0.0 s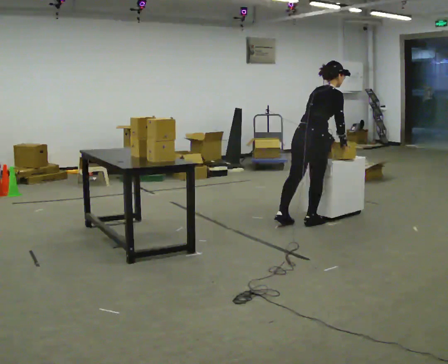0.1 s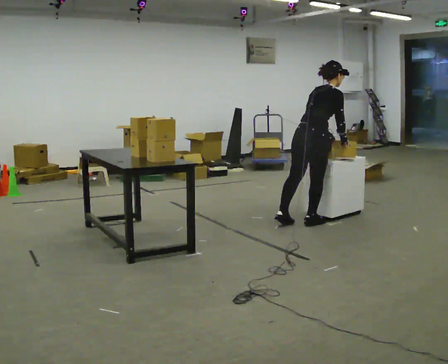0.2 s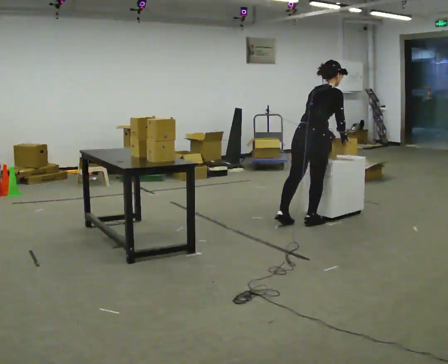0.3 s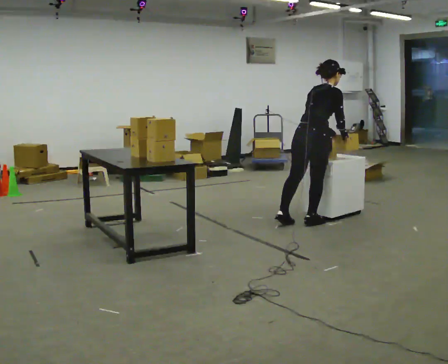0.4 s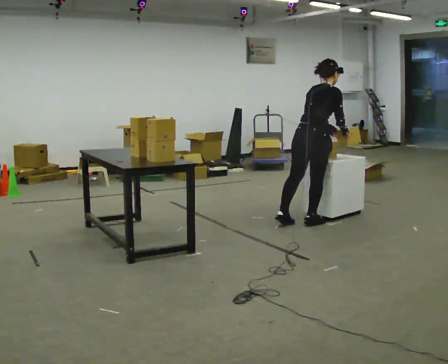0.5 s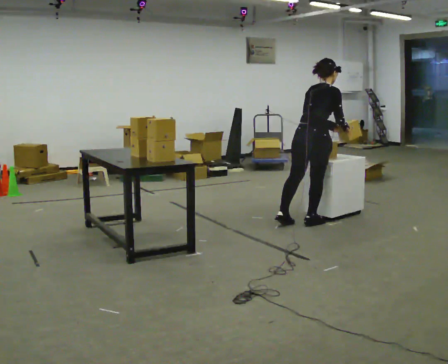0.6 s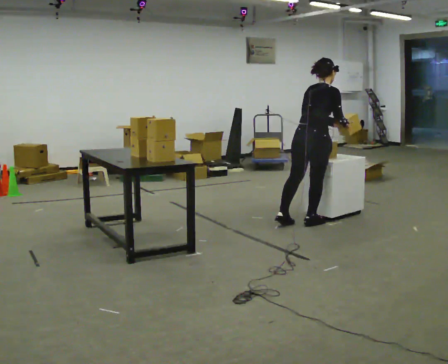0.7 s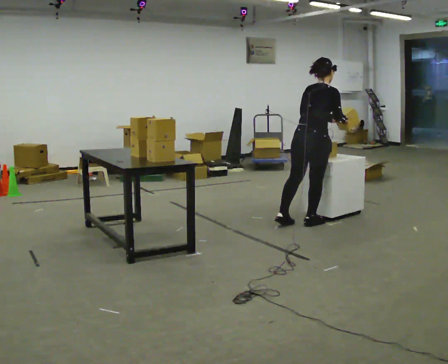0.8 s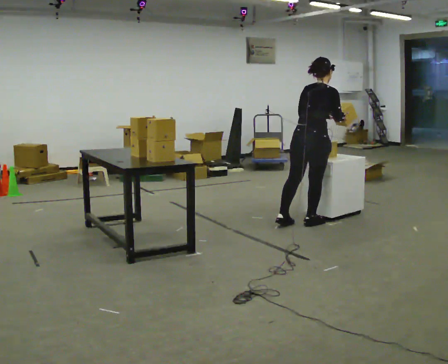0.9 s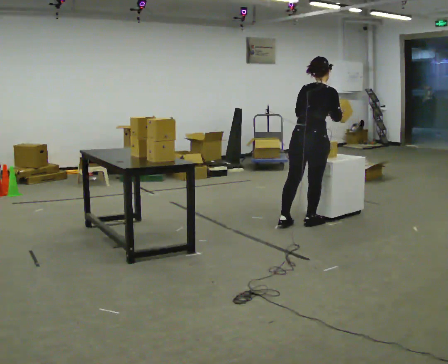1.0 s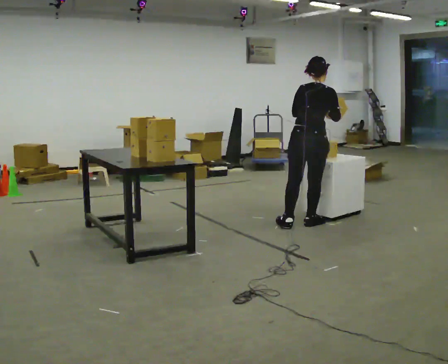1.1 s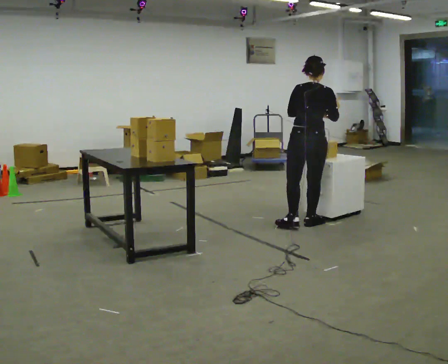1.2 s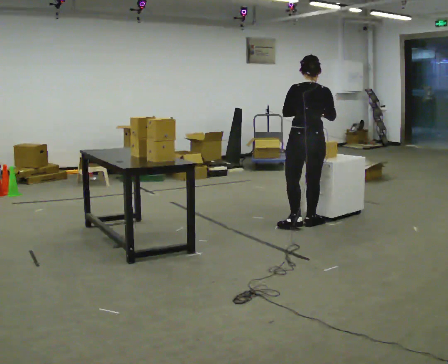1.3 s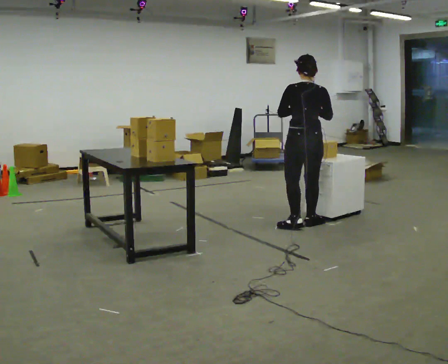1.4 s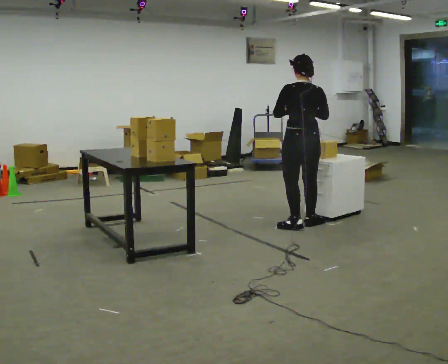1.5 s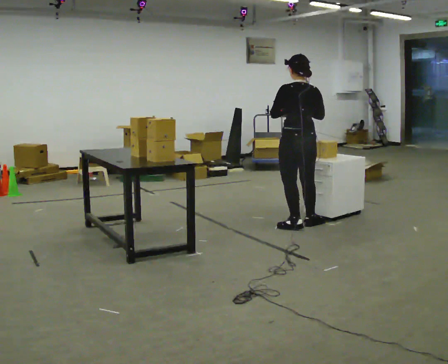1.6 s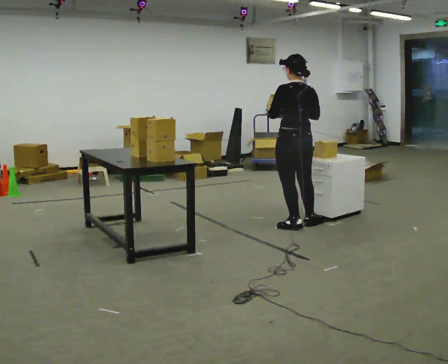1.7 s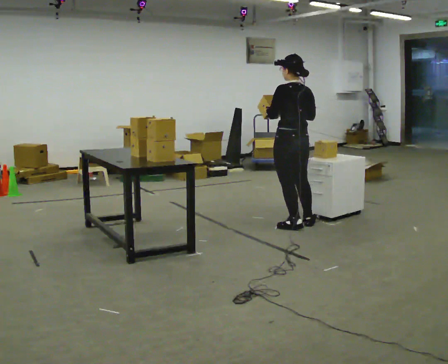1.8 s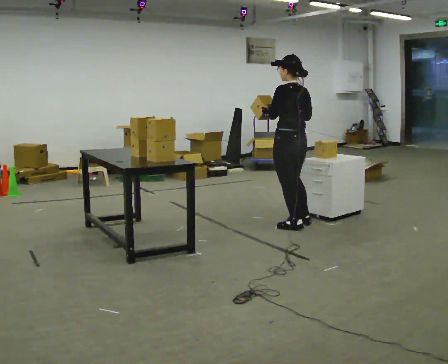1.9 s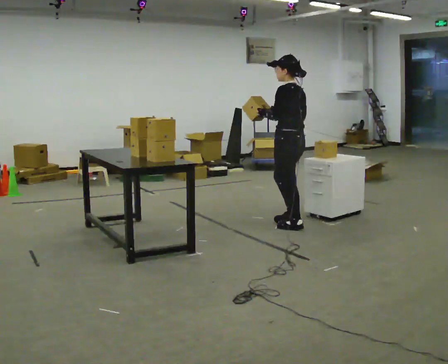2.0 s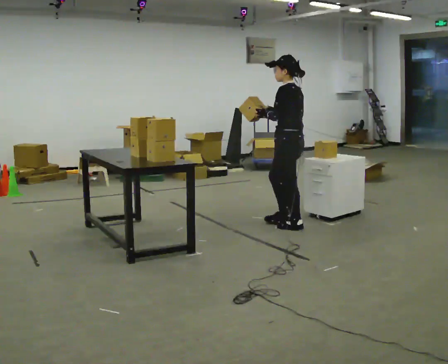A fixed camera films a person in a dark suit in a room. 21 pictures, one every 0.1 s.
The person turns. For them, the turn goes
to their left.
The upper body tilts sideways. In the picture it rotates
counterclockwise.
0.0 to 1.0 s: The person turns about 30 degrees to their left, counterclockwise seen from above, so the part of the body nearest the lens slides to the right.
1.0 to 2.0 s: Seen from above the body turns counterclockwise, about 90 degrees: to their left, with its near side sliding to the right. In the picture they go to the left, about 0.25 m in 1 step. In the picture their left hand goes to the left.
The film runs forward here.
